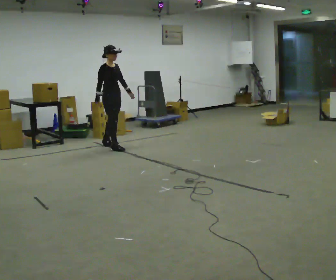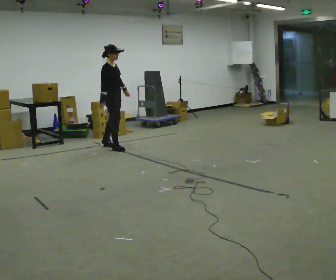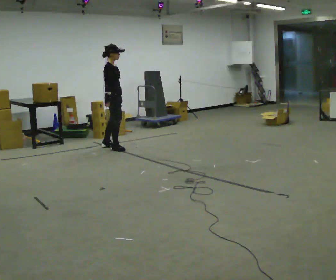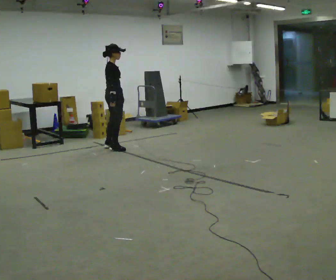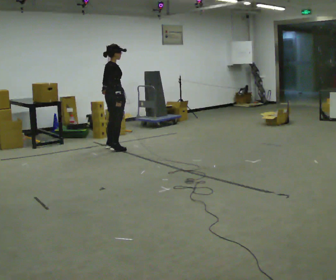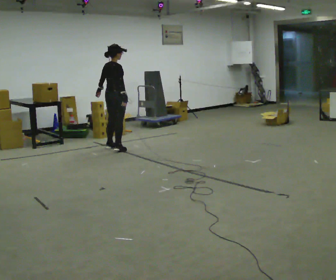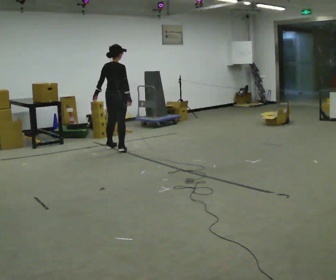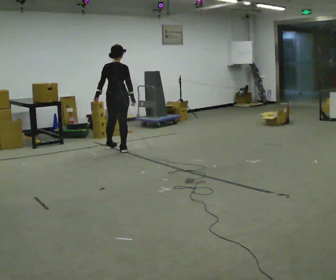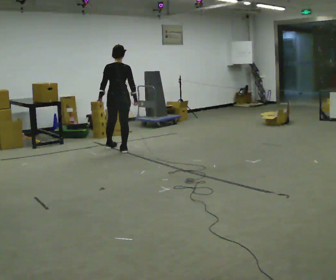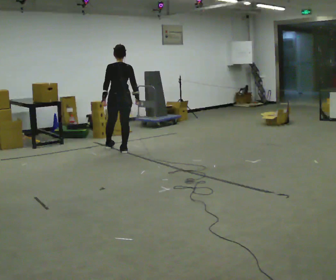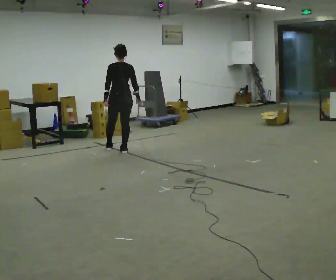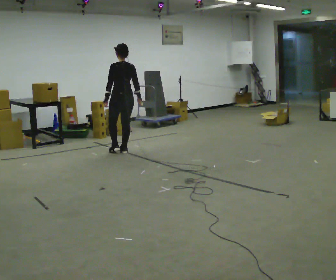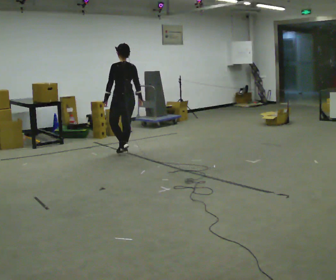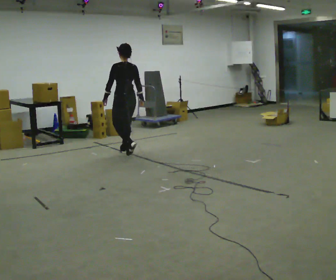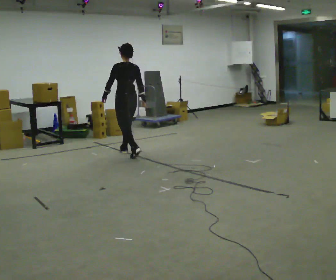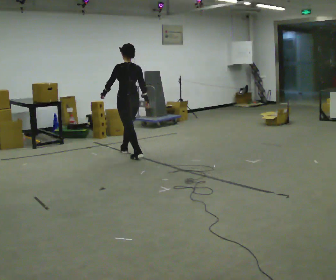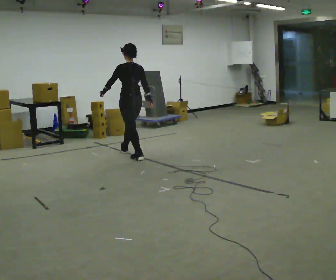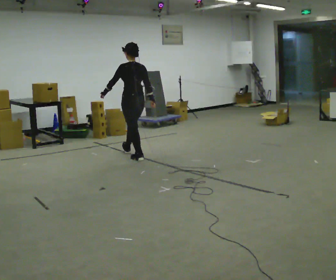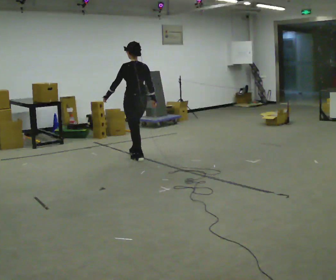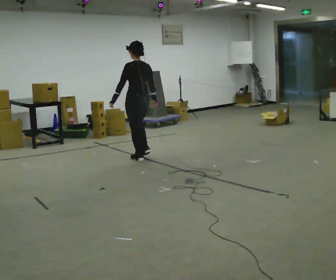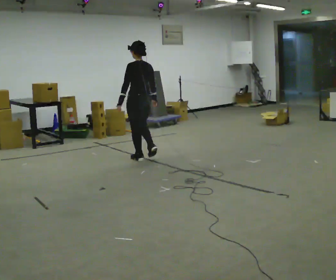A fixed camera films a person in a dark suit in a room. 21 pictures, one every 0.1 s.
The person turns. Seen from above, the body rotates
counterclockwise.
The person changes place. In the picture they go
toward the camera.
0.0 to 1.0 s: The person turns about 135 degrees to their left, counterclockwise seen from above, so the part of the body nearest the lens slides to the right. In the picture they go toward the camera and to the right, about 0.25 m in 3 steps.
1.0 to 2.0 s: In the picture they go toward the camera and to the right, about 0.5 m in 1 step, which for them is backward.
The film runs backward here.
